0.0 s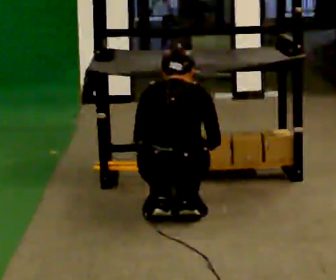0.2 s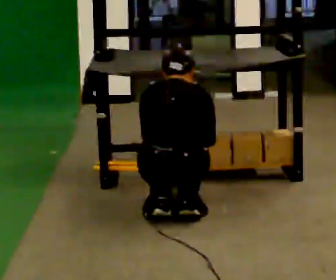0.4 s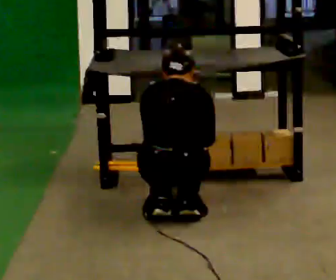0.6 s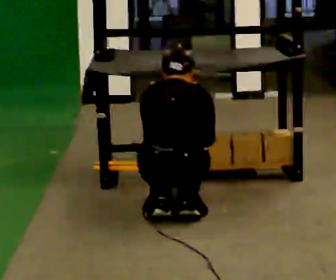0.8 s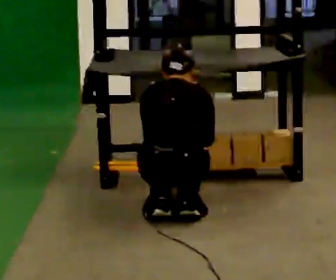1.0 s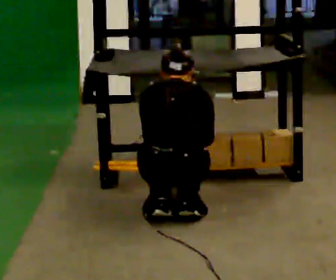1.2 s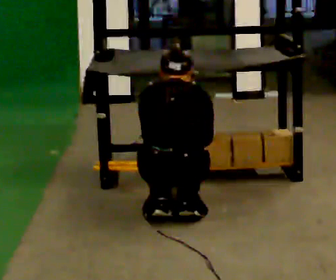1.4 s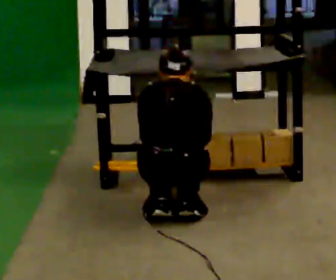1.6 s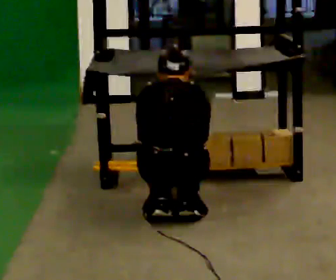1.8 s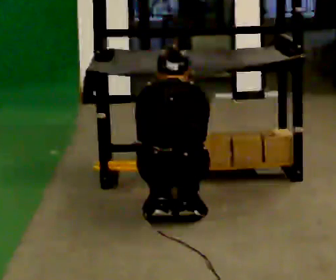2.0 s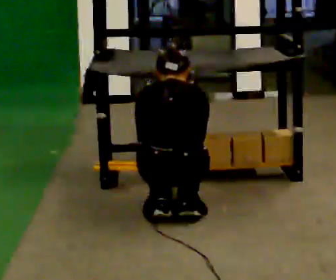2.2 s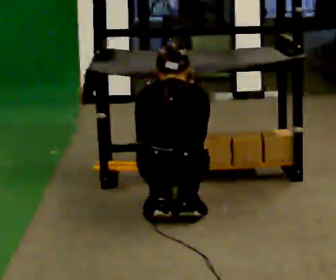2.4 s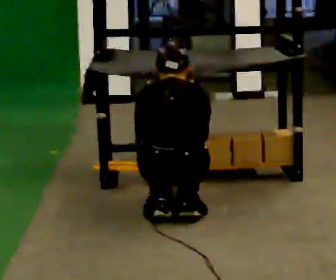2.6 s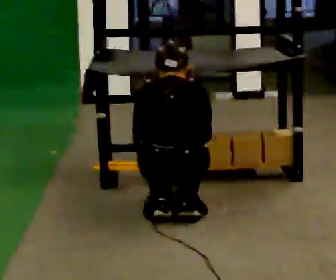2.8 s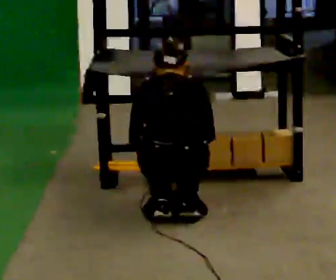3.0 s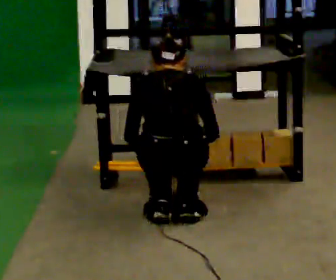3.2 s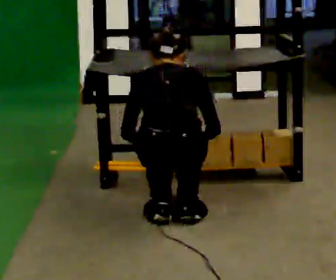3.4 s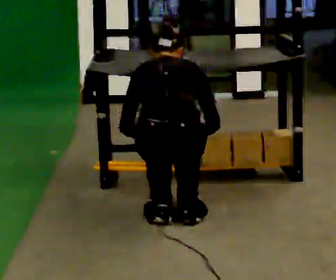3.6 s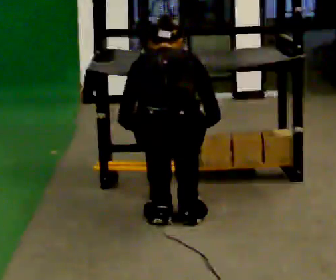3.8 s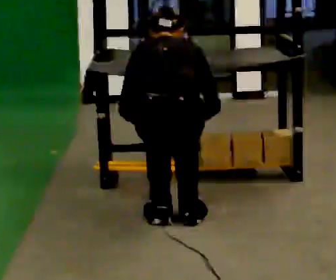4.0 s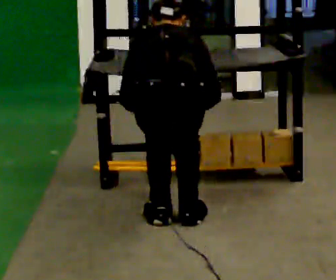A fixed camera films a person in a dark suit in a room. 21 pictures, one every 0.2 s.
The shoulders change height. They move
upward.
0.0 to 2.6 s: The person moves a little, or ends about where they began.
2.6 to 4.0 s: The upper body goes upward.
The film runs backward here.
